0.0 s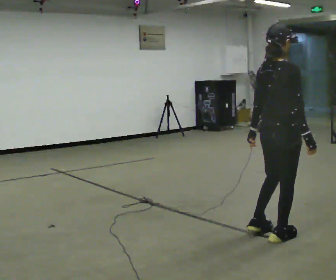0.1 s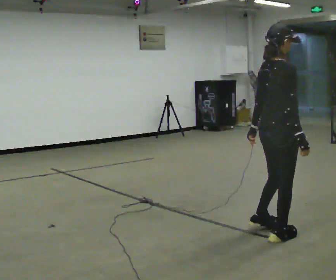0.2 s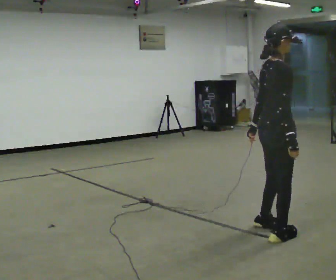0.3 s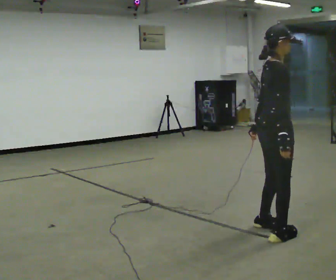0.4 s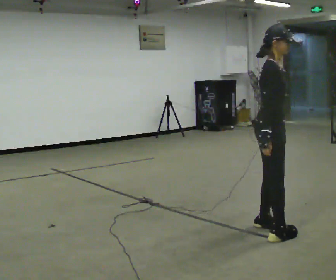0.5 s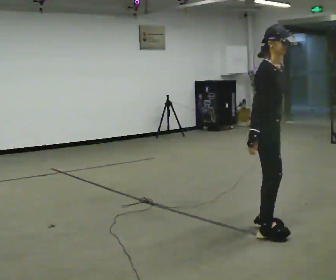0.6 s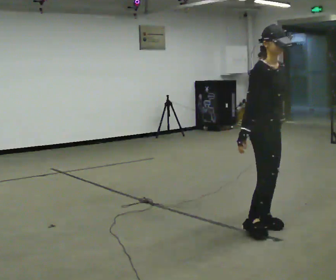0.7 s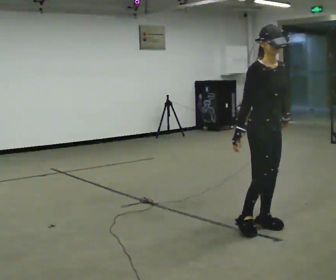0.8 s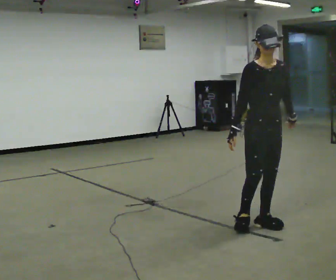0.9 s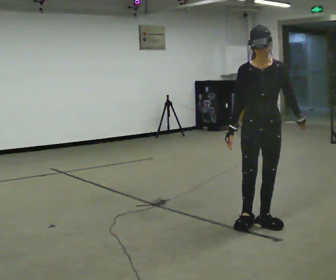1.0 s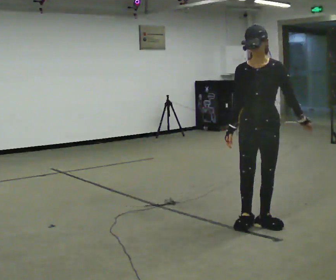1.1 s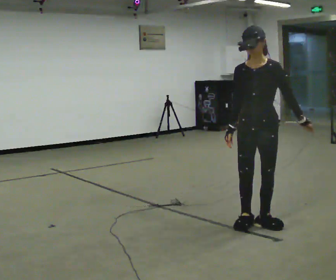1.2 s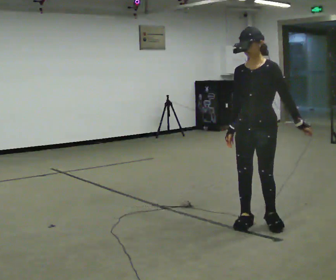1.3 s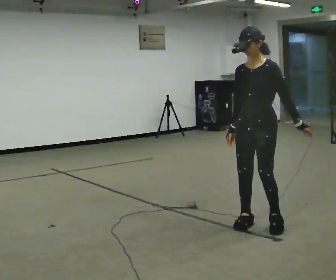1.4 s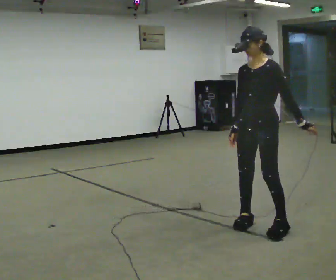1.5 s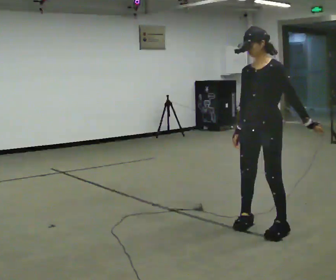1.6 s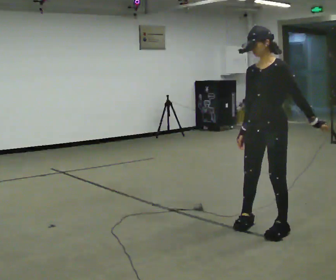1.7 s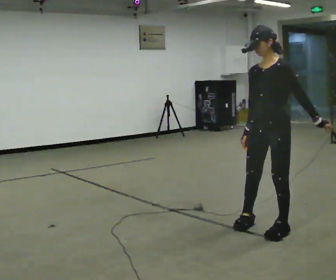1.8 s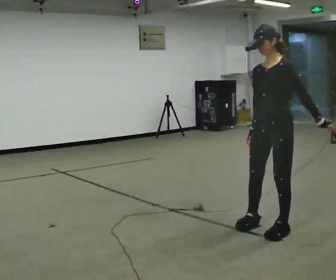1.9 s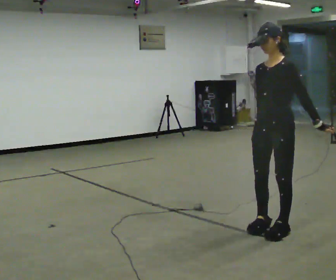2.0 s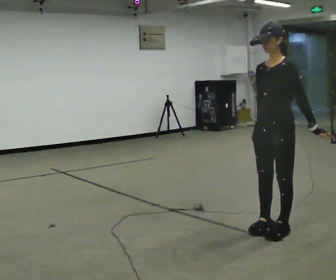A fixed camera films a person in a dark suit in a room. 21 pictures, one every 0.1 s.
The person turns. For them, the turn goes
to their right.
The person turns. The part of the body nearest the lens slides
to the left.
0.0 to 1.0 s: The person turns about 135 degrees to their right, clockwise seen from above, so the part of the body nearest the lens slides to the left. In the picture they go away from the camera, about 0.25 m in 2 steps.
1.0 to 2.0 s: The part of the body nearest the lens slides to the left as the person turns to their right by about 30 degrees. In the picture they go toward the camera, about 0.25 m in 2 steps, which for them is to their left.
The film runs forward here.
